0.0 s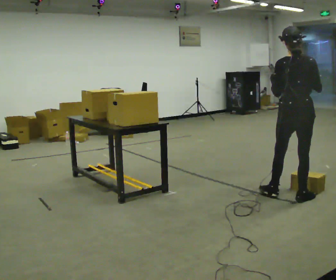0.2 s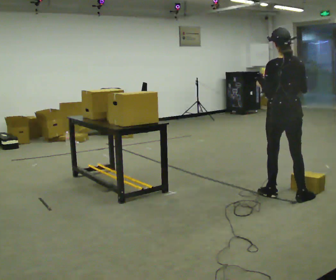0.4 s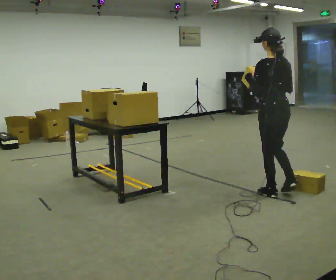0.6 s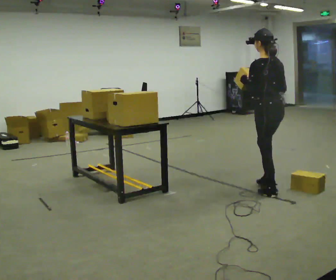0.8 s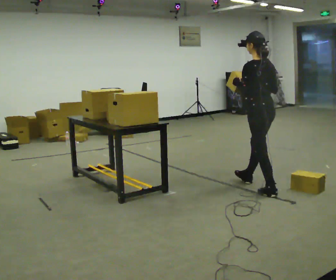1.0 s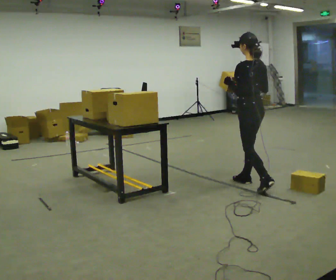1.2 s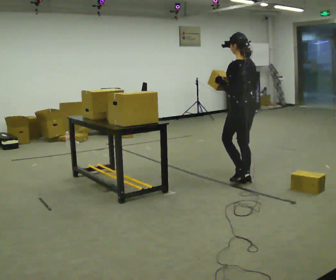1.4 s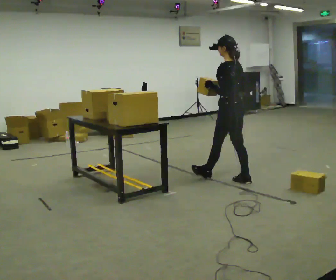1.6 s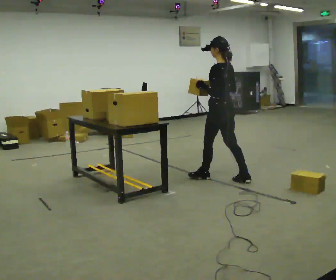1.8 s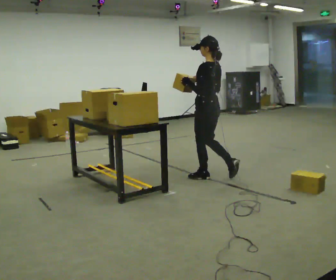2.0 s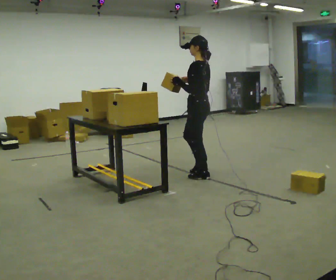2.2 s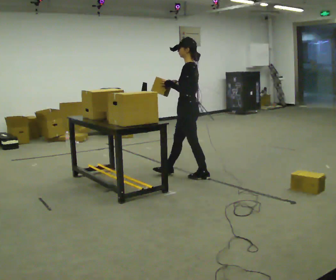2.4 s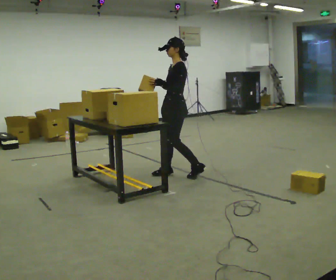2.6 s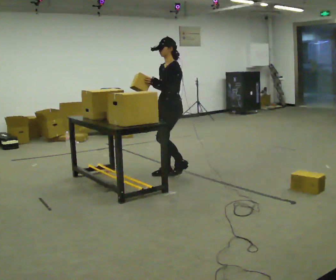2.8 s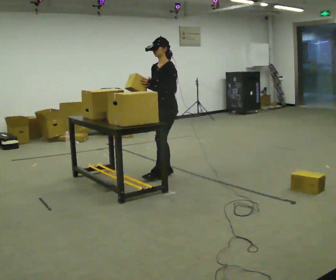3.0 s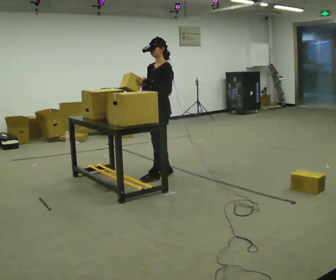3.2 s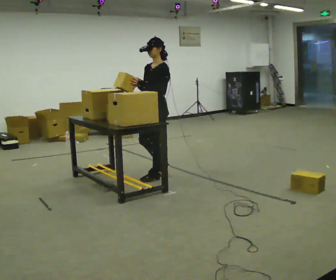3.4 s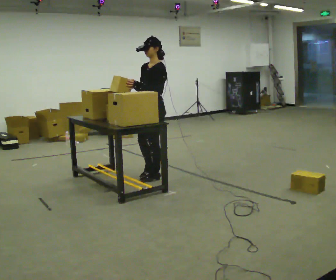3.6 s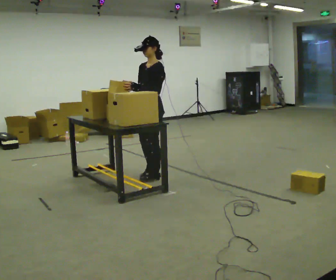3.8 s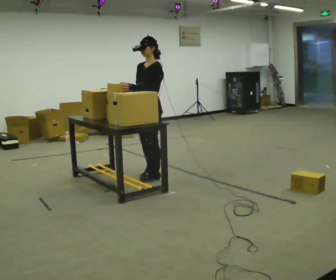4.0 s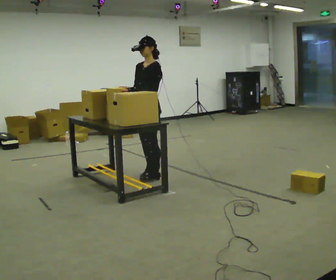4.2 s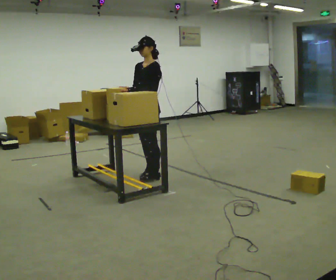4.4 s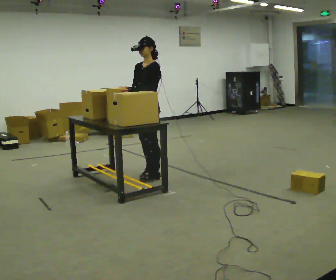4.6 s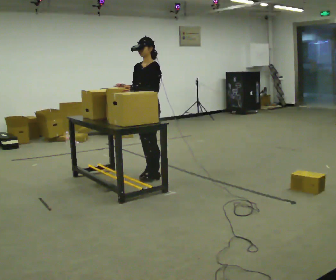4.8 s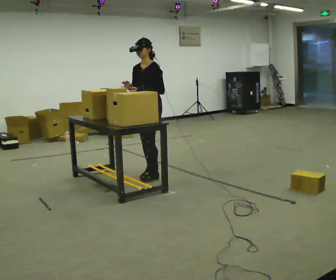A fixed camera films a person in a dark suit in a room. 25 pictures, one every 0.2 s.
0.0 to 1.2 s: Seen from above the body turns counterclockwise, about 60 degrees: to their left, with its near side sliding to the right. In the picture they go away from the camera and to the left, about 0.5 m in 2 steps, which for them is forward.
1.2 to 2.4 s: The part of the body nearest the lens slides to the right as the person turns to their left by about 60 degrees. In the picture they go to the left and away from the camera, about 1 m in 2 steps, which for them is forward.
2.4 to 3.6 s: The person turns about 30 degrees to their left, counterclockwise seen from above, so the part of the body nearest the lens slides to the right. In the picture they go to the left, about 0.25 m in 2 steps, which for them is forward.
3.6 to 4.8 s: The person moves a little, or ends about where they began.
The film runs forward here.
